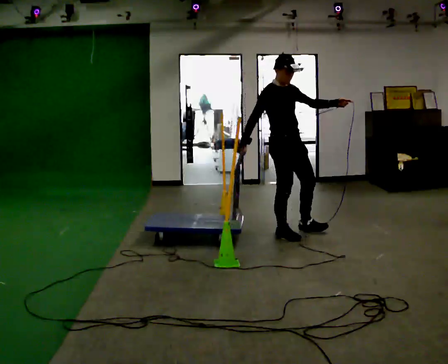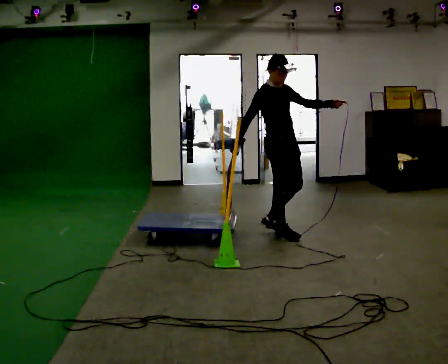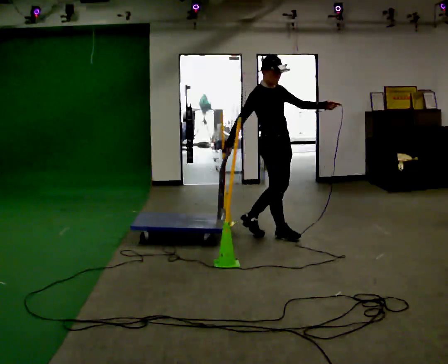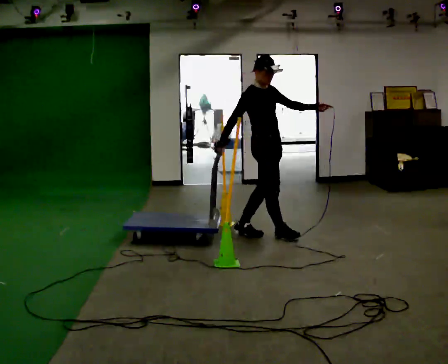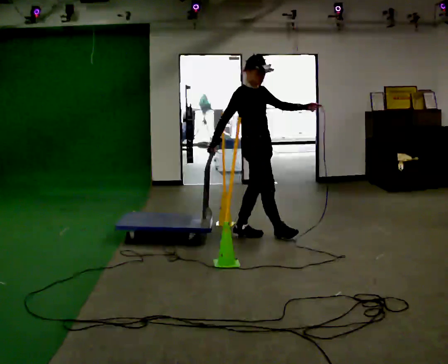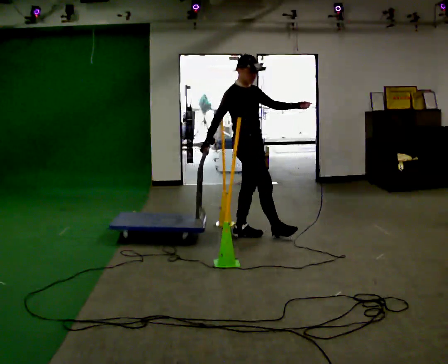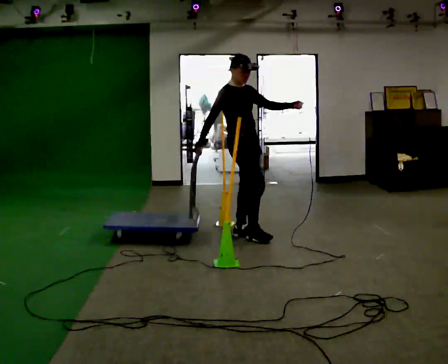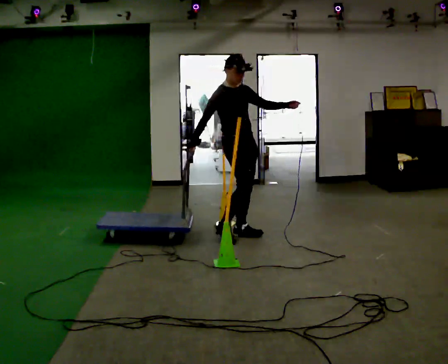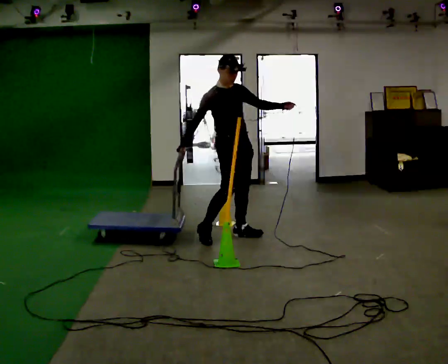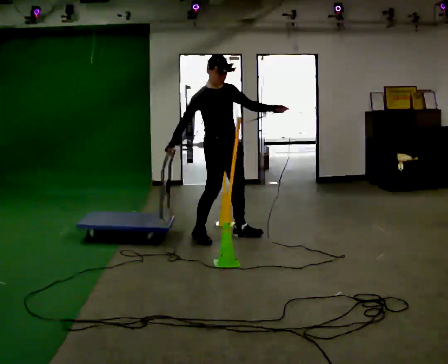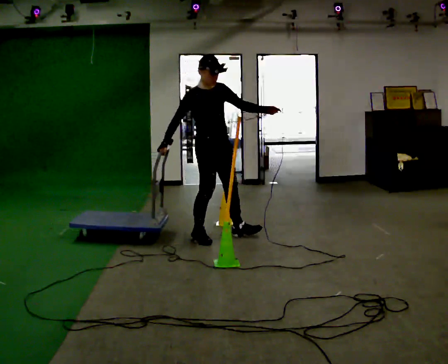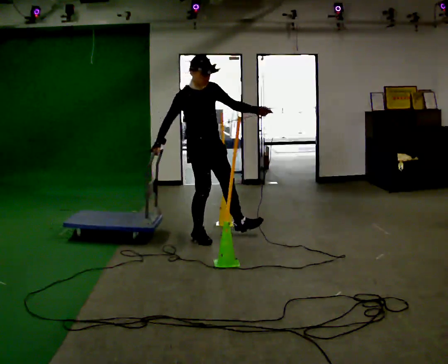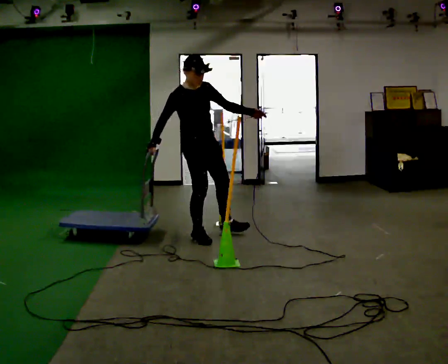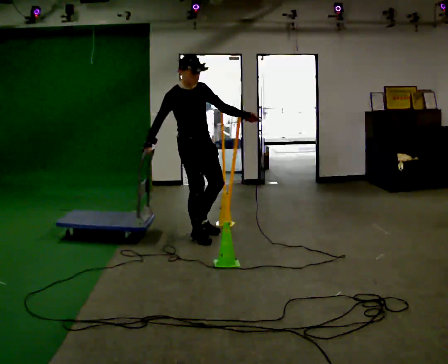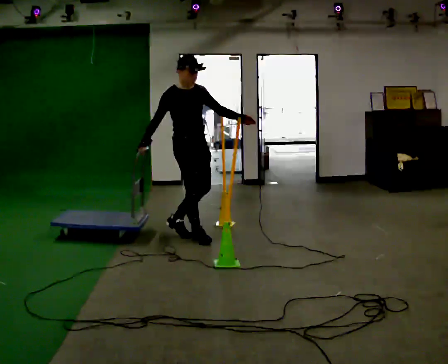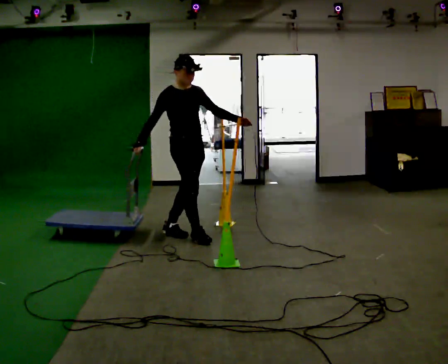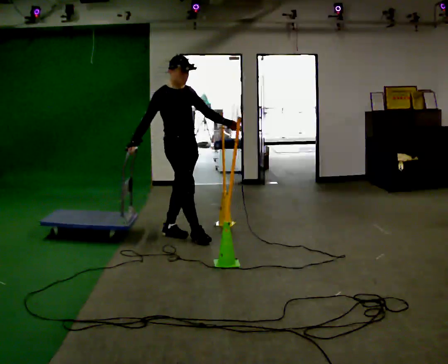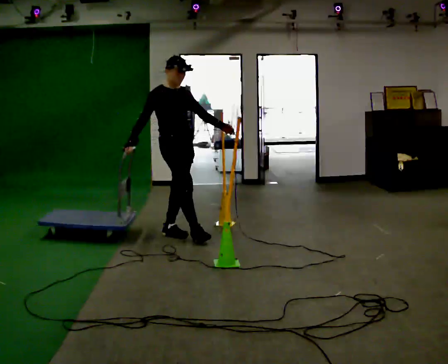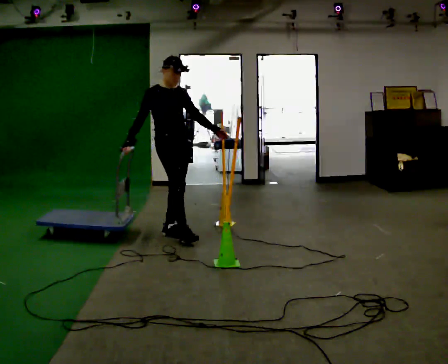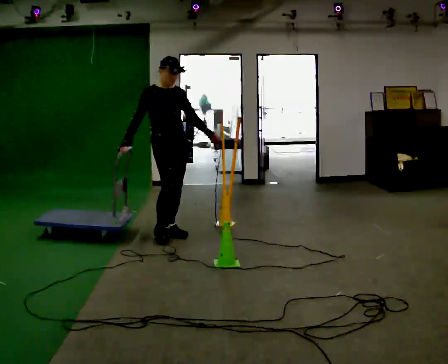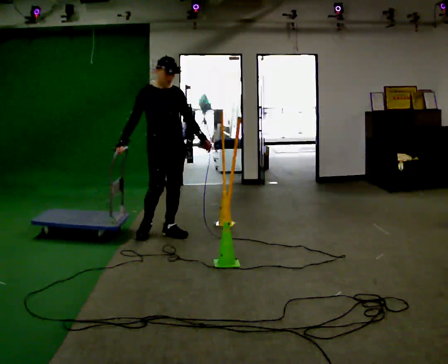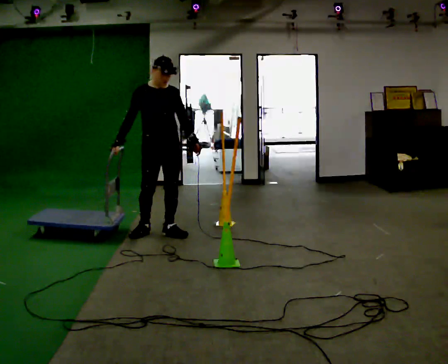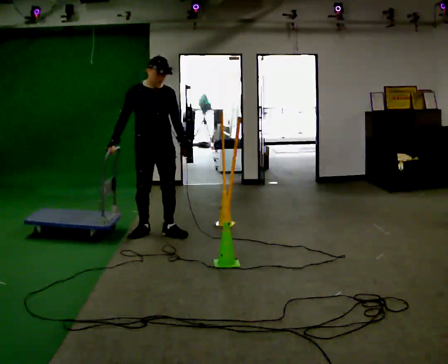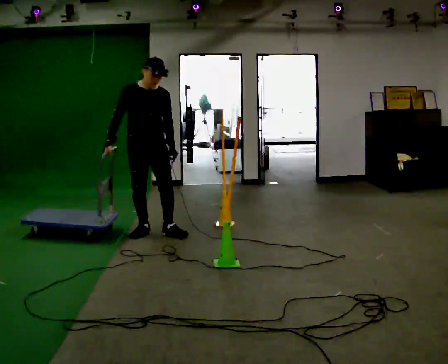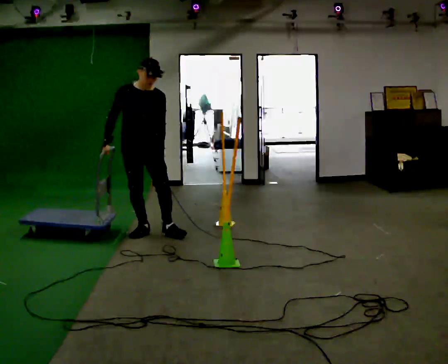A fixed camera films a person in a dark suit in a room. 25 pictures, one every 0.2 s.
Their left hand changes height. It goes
downward.
The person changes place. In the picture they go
to the left.
0.0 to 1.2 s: In the picture they go to the left, about 0.5 m in 1 step, which for them is backward.
1.2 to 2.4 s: In the picture they go to the left, about 0.5 m in 1 step, which for them is to their right and backward.
2.4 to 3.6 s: In the picture they go to the left, about 0.25 m in 1 step, which for them is backward.
3.6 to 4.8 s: The part of the body nearest the lens slides to the left as the person turns to their right by about 45 degrees. In the picture they go to the left, about 0.25 m, which for them is to their right.
The film runs backward here.
